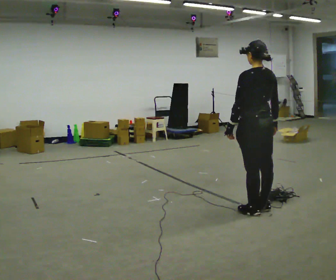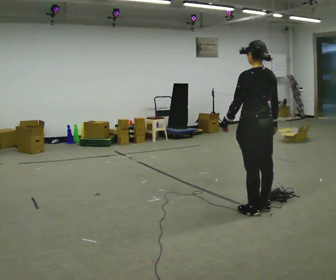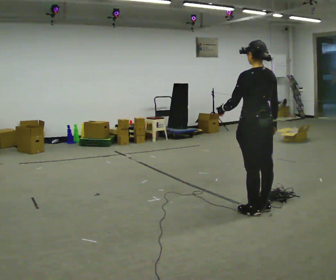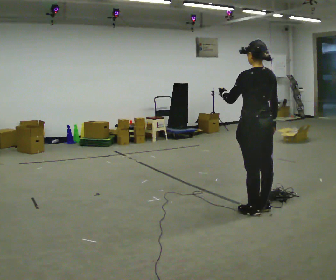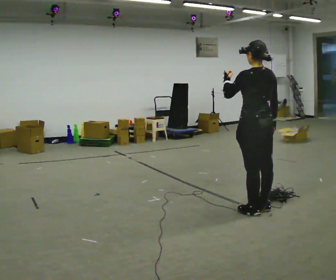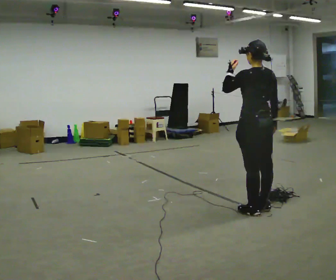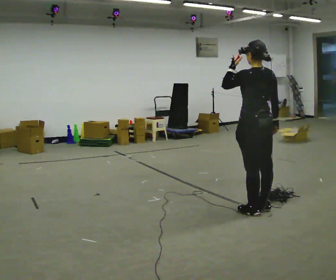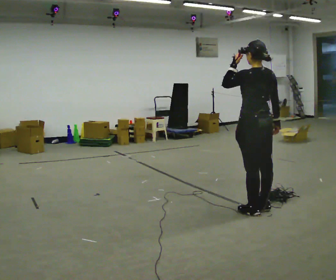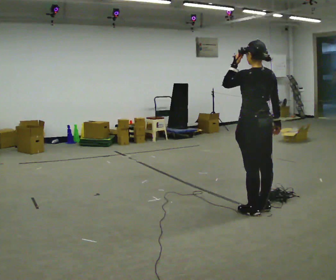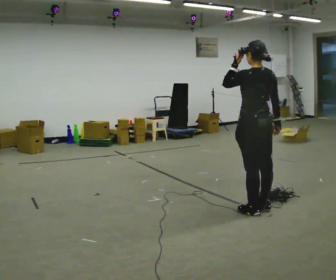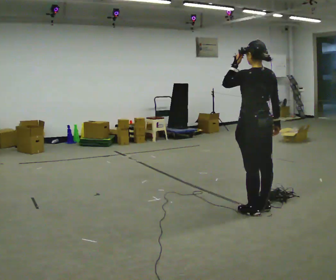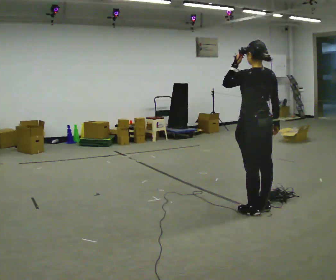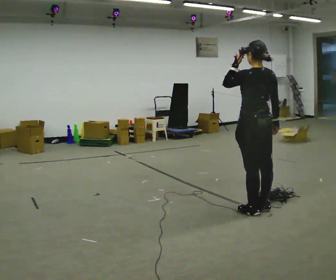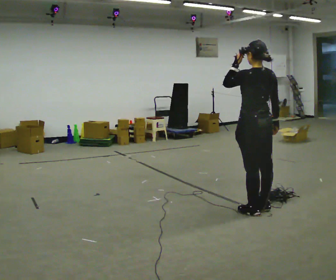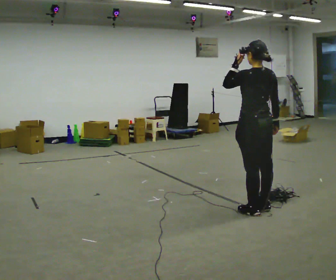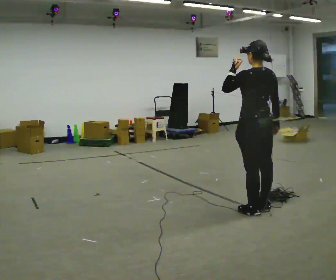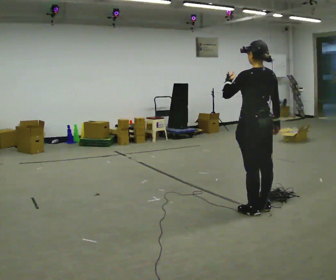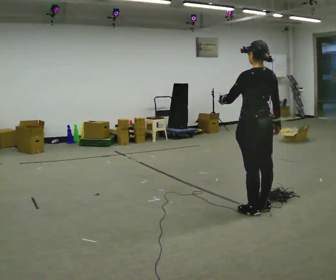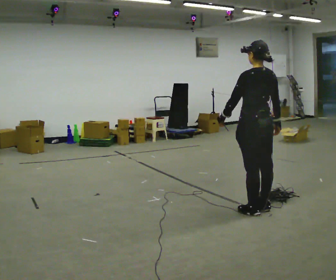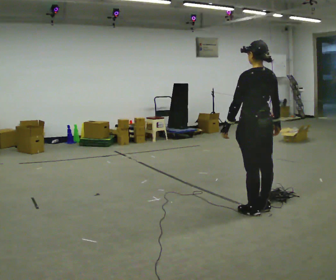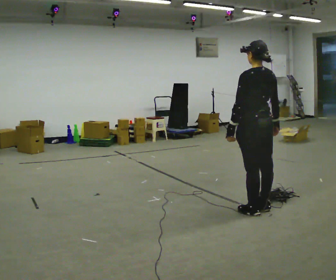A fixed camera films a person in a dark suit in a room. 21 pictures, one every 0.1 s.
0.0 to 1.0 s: In the picture their left hand goes upward.
1.0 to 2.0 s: In the picture their left hand goes downward.
The film runs forward here.
